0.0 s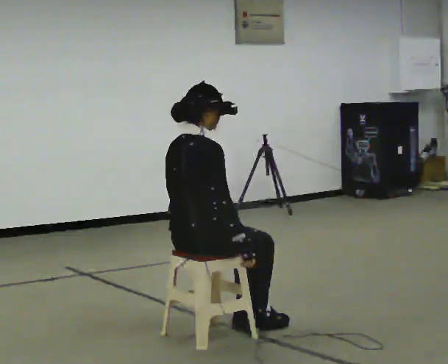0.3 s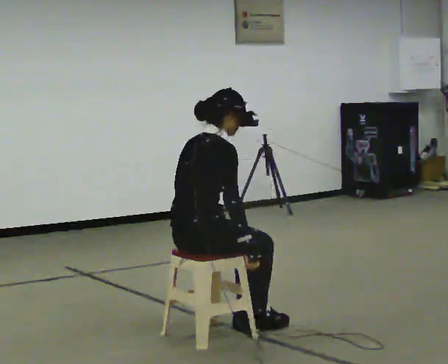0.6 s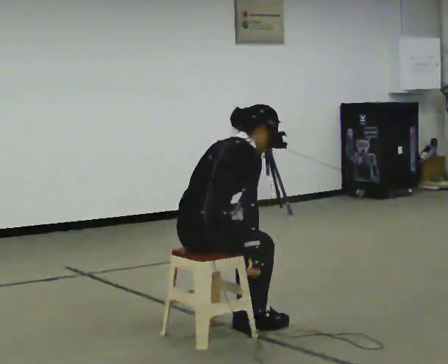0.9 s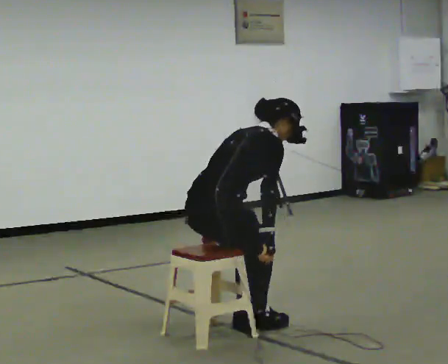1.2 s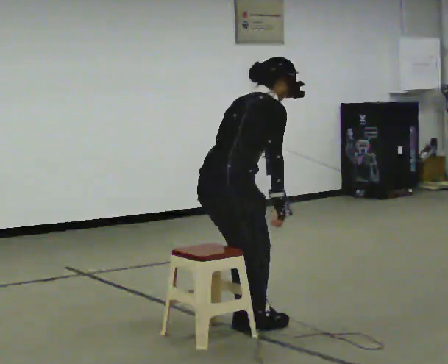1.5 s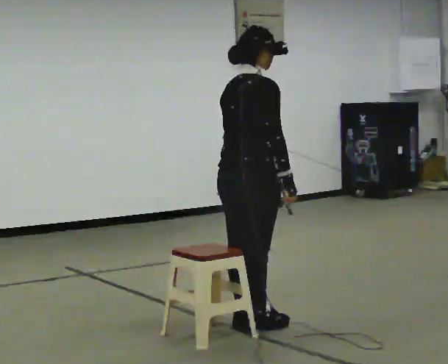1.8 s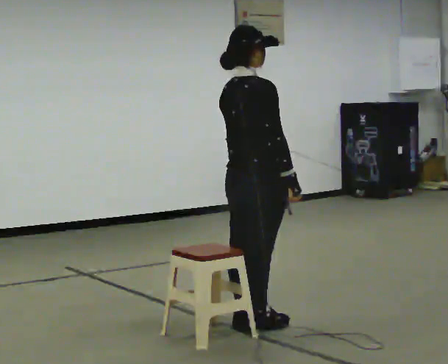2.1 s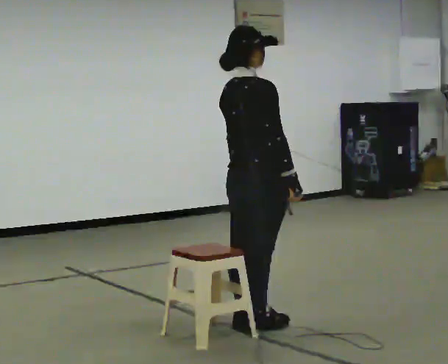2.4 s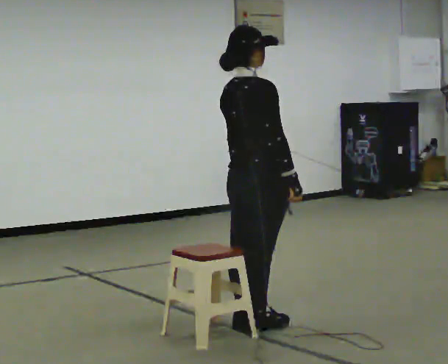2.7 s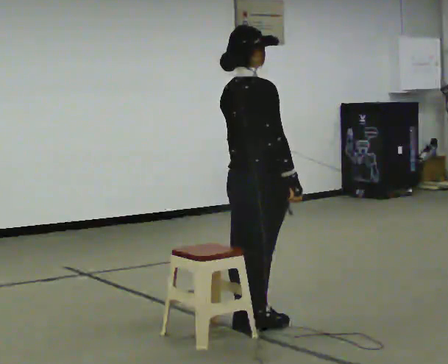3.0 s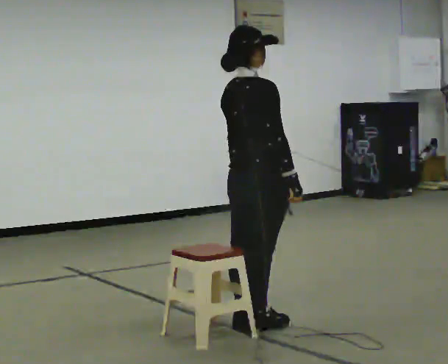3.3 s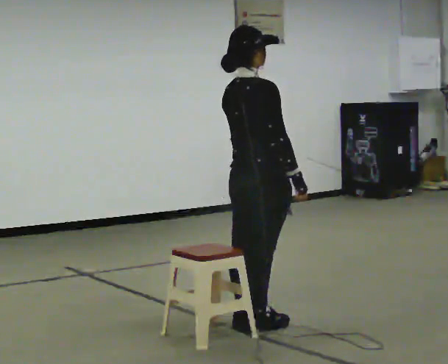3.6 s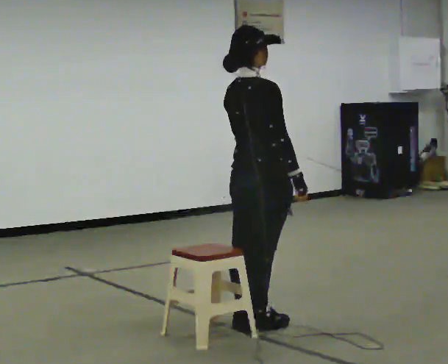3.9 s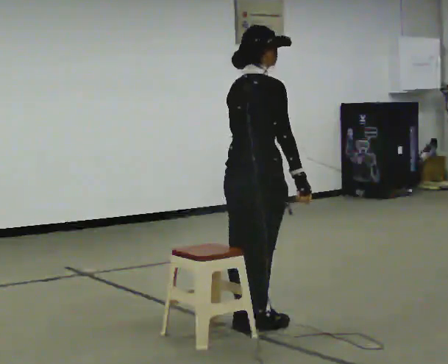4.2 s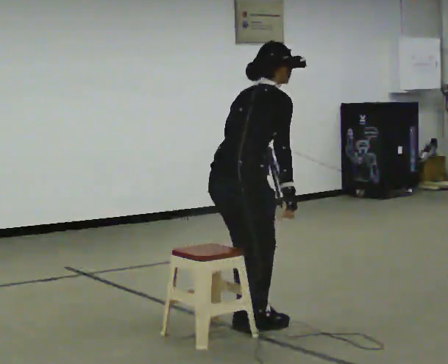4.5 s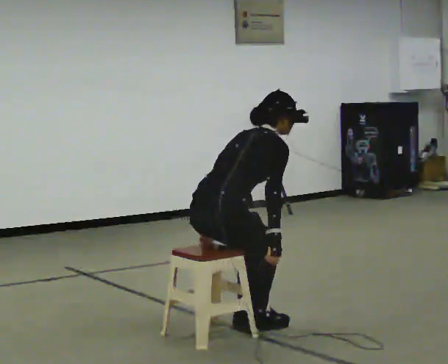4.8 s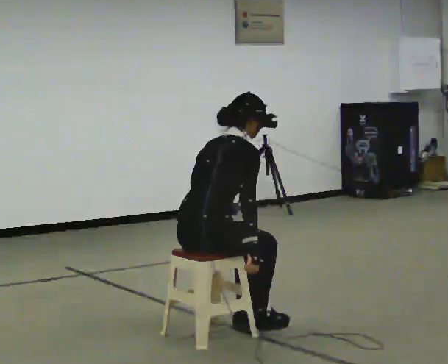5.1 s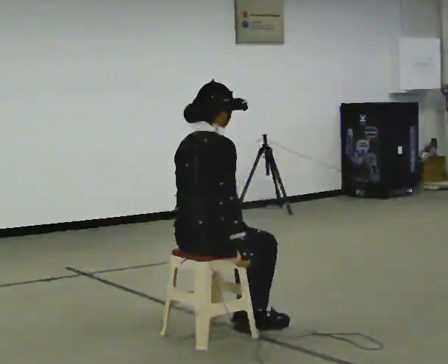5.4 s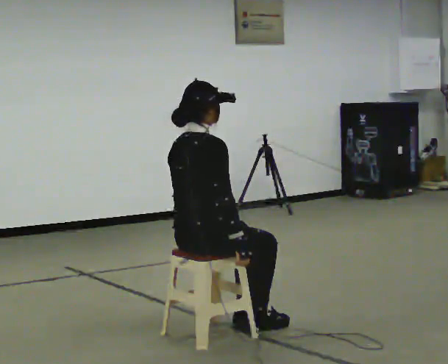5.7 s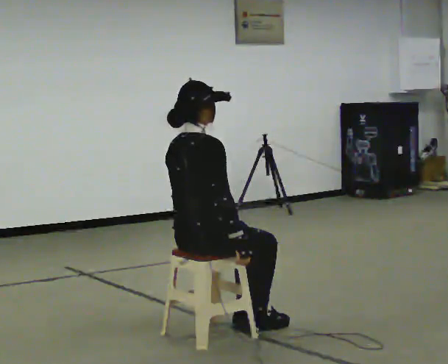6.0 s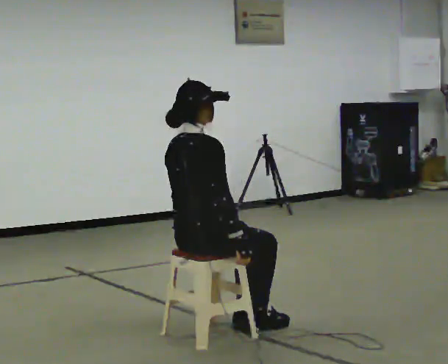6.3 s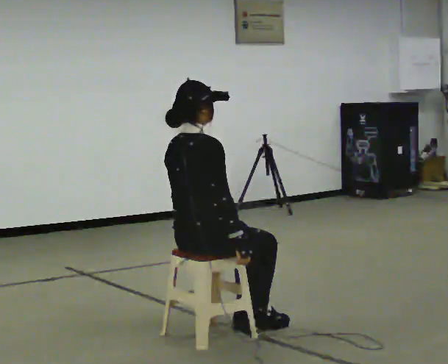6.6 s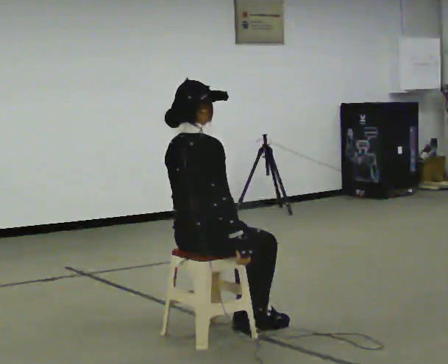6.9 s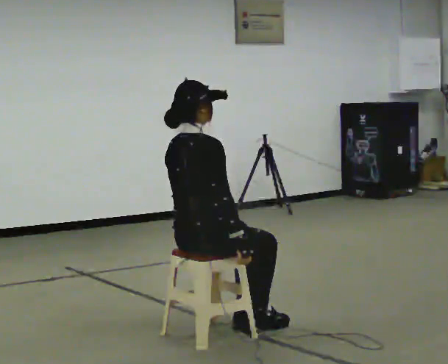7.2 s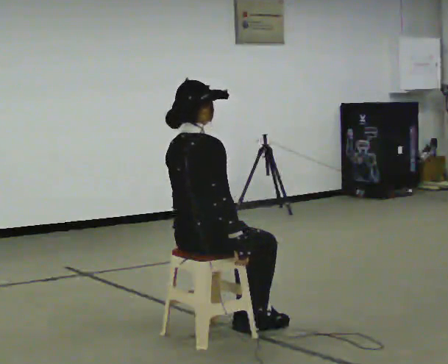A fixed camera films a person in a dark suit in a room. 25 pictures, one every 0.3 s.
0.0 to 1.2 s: The person moves a little, or ends about where they began.
1.2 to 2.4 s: In the picture they go to the right, about 0.25 m, which for them is forward. In the picture the upper body tilts counterclockwise, shoulders to the left, as they lean back or straighten.
2.4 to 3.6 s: The person moves a little, or ends about where they began.
3.6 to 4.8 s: In the picture they go to the left and toward the camera, about 0.25 m, which for them is backward. The shoulders move downward. In the picture their left hand goes downward.
4.8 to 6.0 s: In the picture the upper body tilts counterclockwise, shoulders to the left, as they lean back or straighten.
6.0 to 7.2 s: The person keeps their place and pose.
The film runs backward here.
